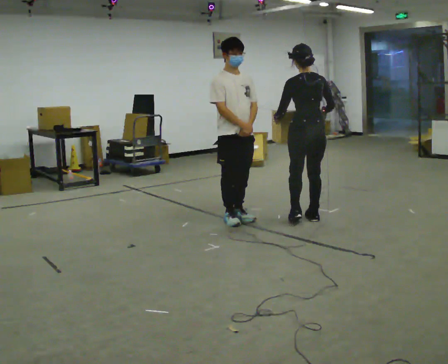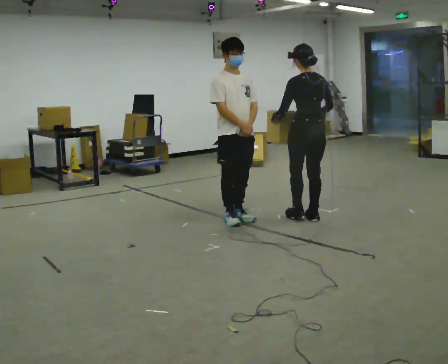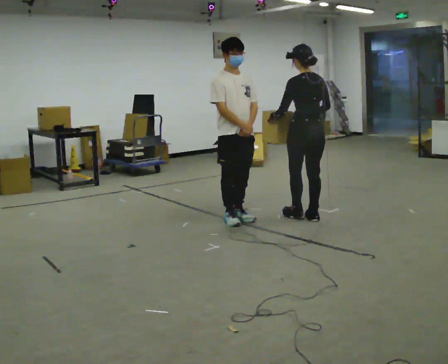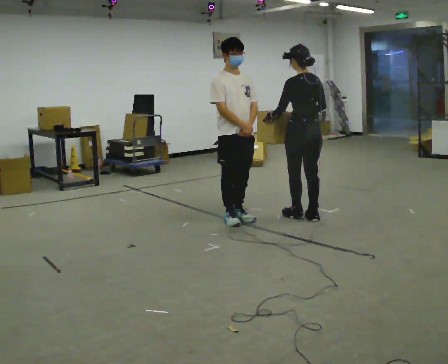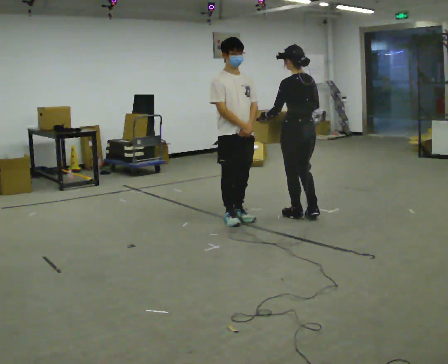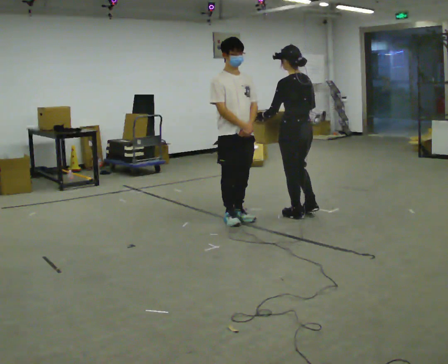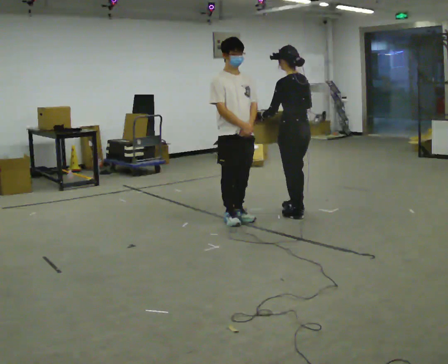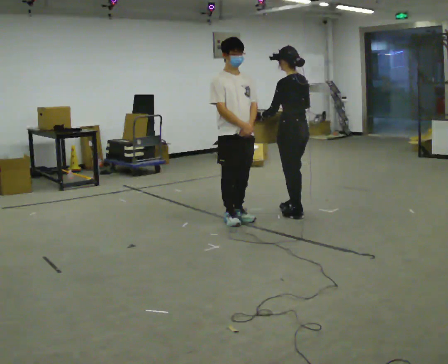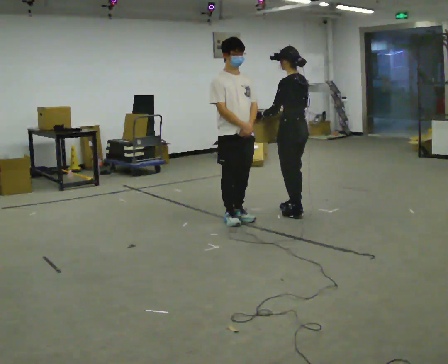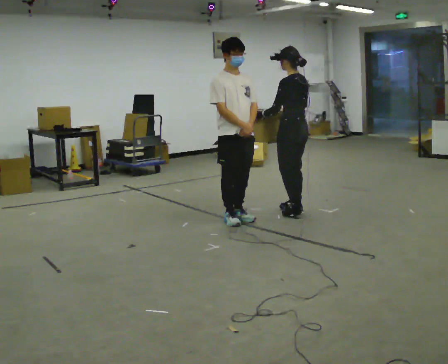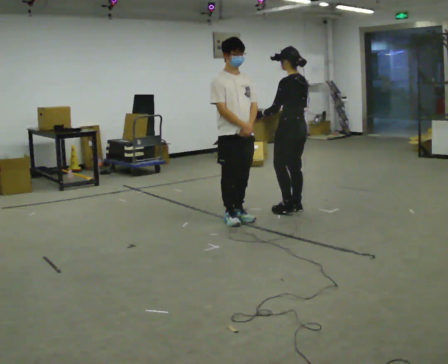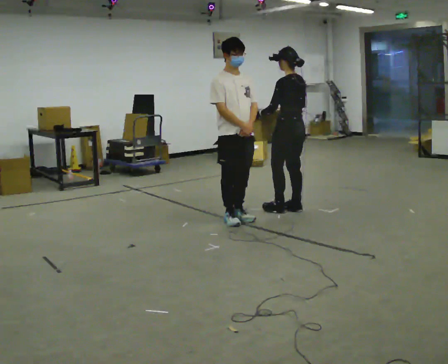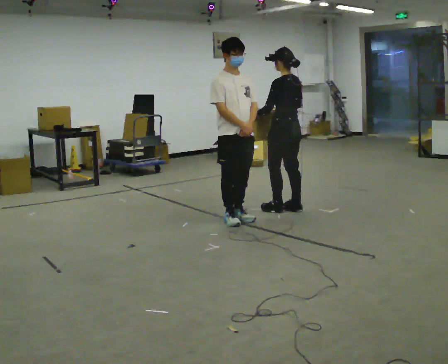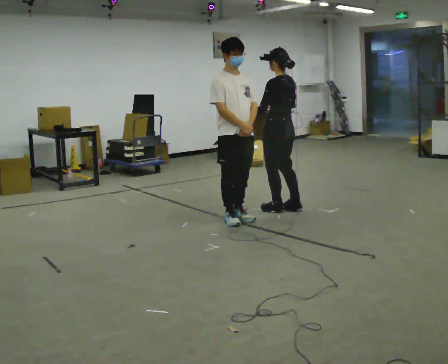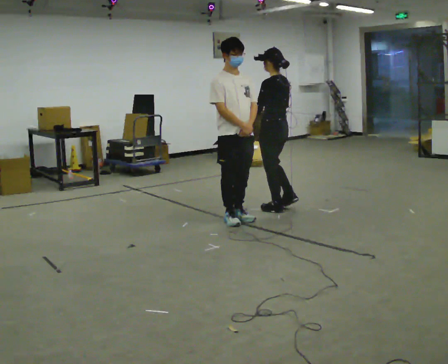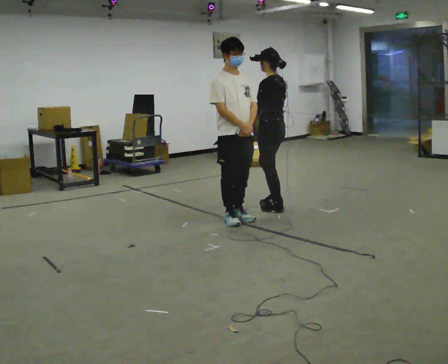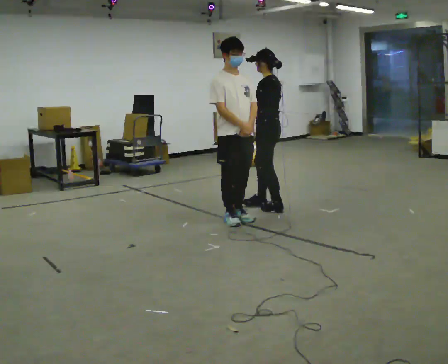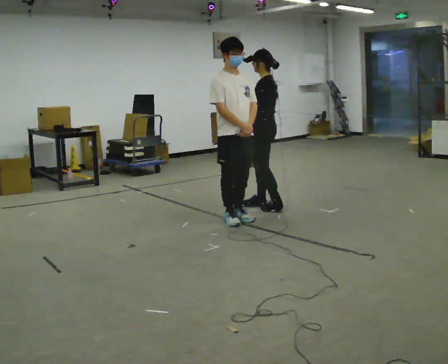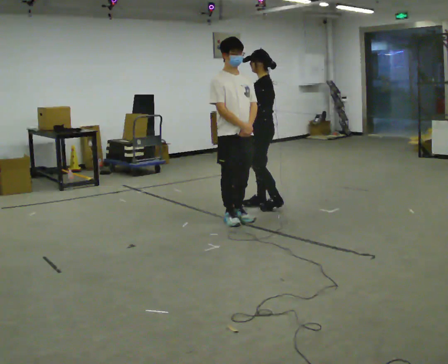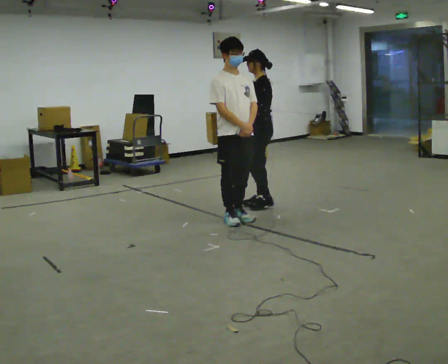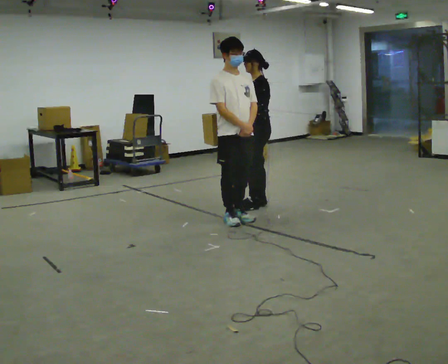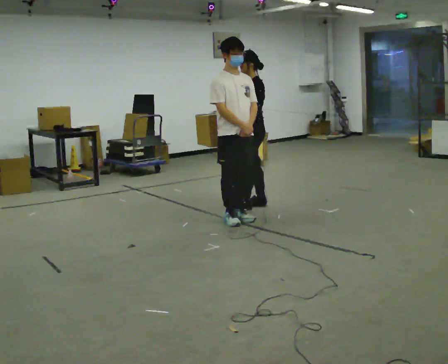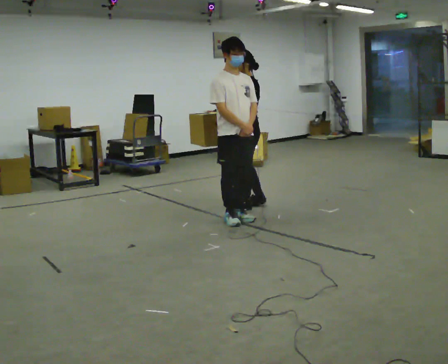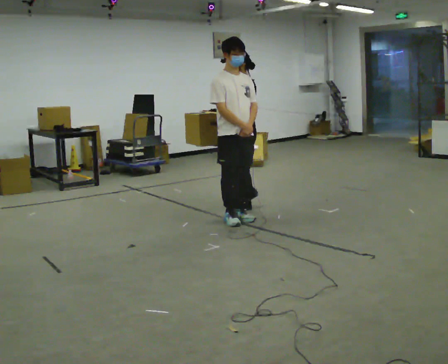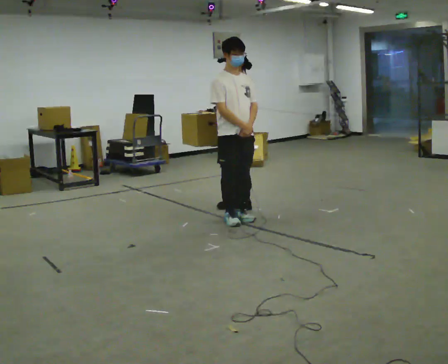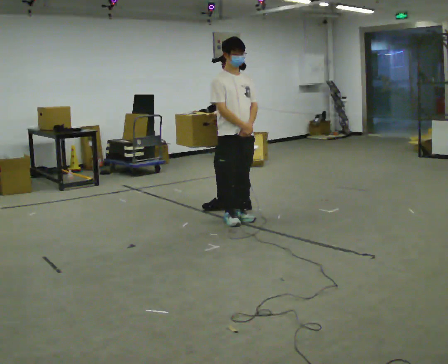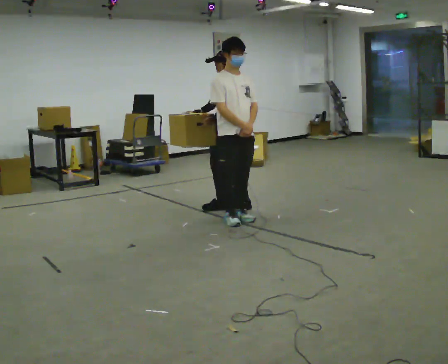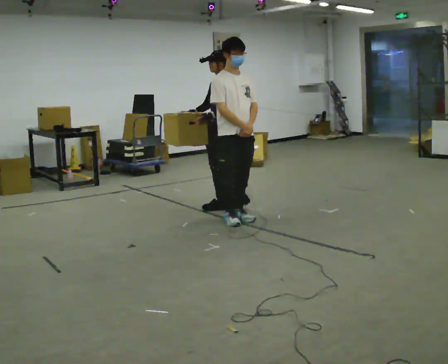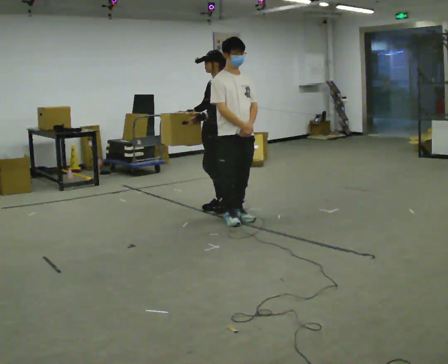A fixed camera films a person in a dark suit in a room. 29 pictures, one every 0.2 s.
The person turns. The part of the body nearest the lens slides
to the right.
The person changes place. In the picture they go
to the left.
0.0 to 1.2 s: The person turns about 30 degrees to their left, counterclockwise seen from above, so the part of the body nearest the lens slides to the right. In the picture they go away from the camera, about 0.25 m in 1 step, which for them is forward.
1.2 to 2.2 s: In the picture they go away from the camera, about 0.25 m in 1 step, which for them is forward and to their right.
2.2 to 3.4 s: The person turns about 30 degrees to their left, counterclockwise seen from above, so the part of the body nearest the lens slides to the right. In the picture they go to the left and away from the camera, about 0.25 m in 2 steps, which for them is forward.
3.4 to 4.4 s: The person turns about 30 degrees to their left, counterclockwise seen from above, so the part of the body nearest the lens slides to the right. In the picture they go to the left, about 0.25 m in 1 step, which for them is forward. In the picture their right hand goes to the left.
4.4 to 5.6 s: In the picture they go to the left, about 0.25 m in 1 step, which for them is forward.
The film runs forward here.
